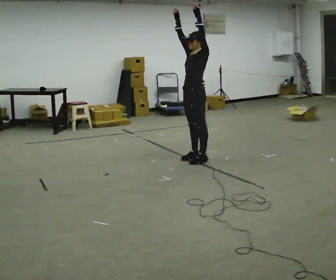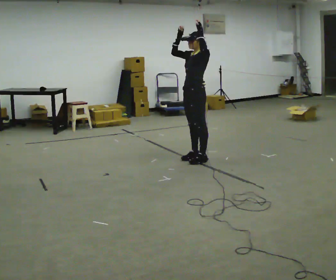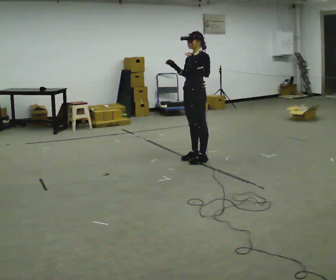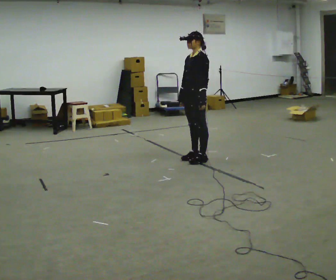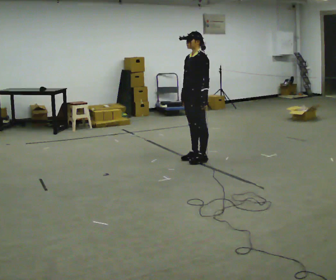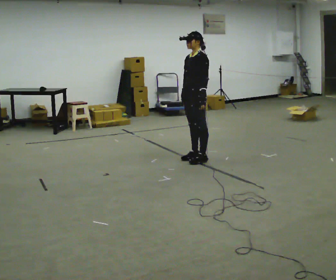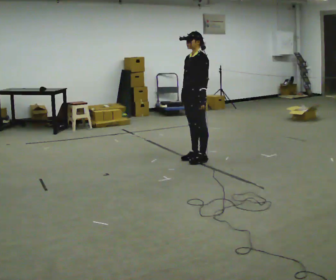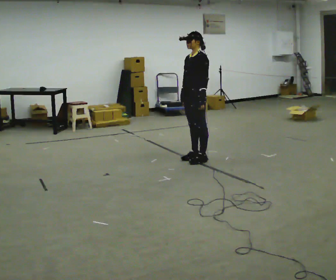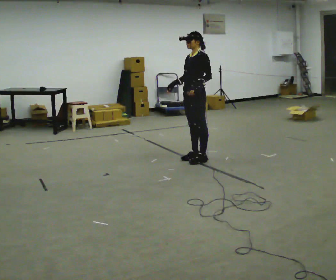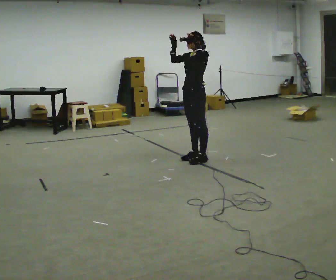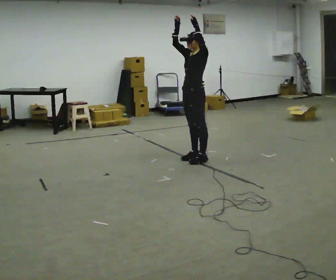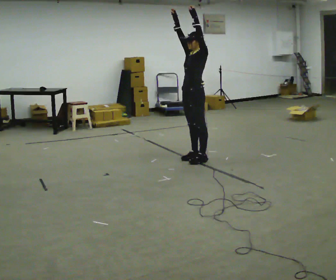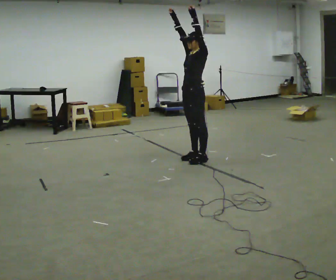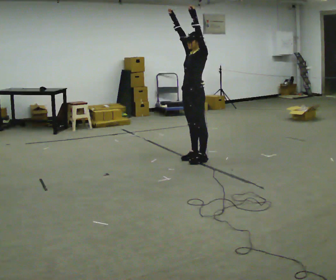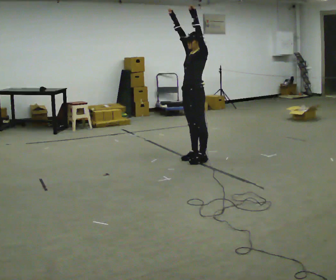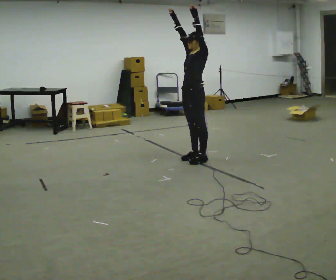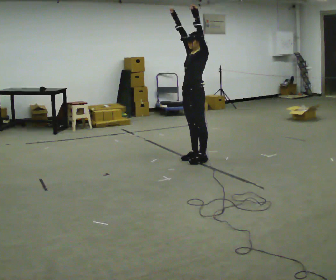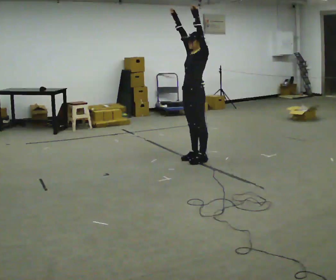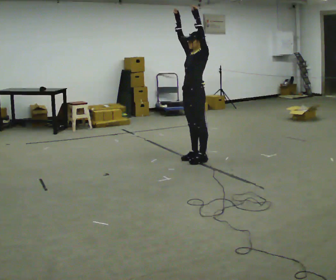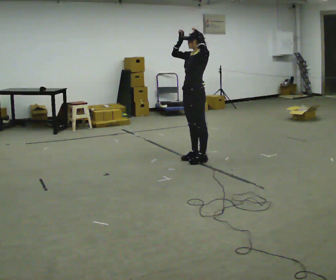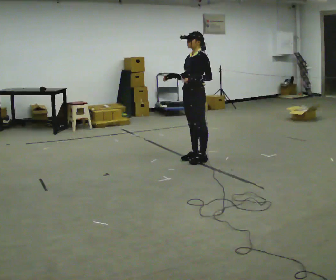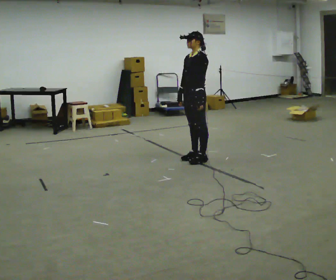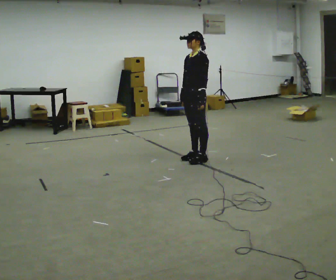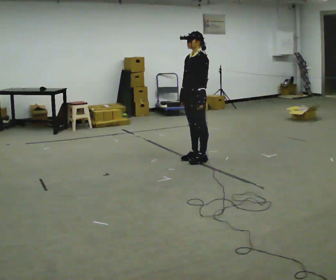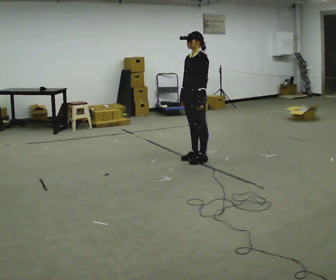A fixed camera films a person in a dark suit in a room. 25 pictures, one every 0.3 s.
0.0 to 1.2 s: In the picture their left hand goes downward.
1.2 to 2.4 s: The person moves a little, or ends about where they began.
2.4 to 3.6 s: In the picture their right hand goes upward, the arm swinging clockwise.
3.6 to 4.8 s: The person keeps their place and pose.
4.8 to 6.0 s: In the picture their left hand goes downward.
6.0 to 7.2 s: The person moves a little, or ends about where they began.
The film runs forward here.
